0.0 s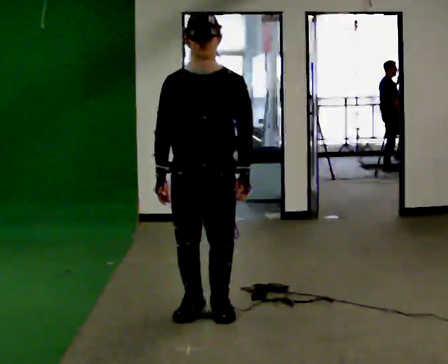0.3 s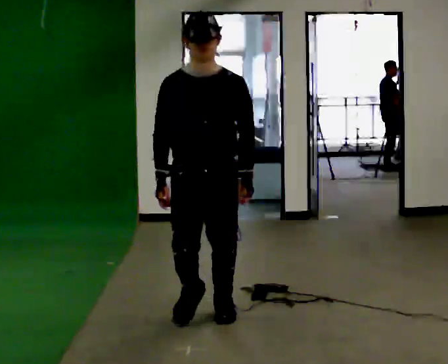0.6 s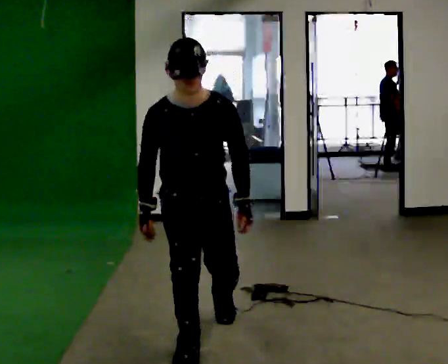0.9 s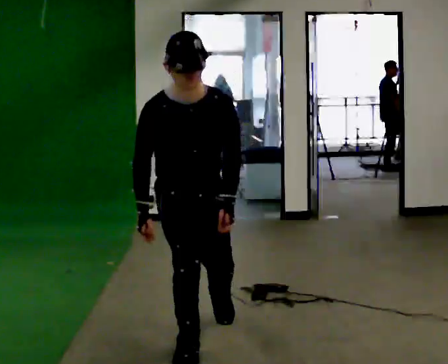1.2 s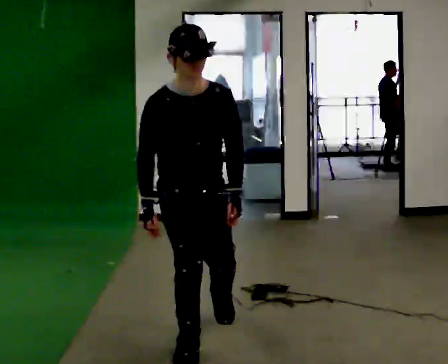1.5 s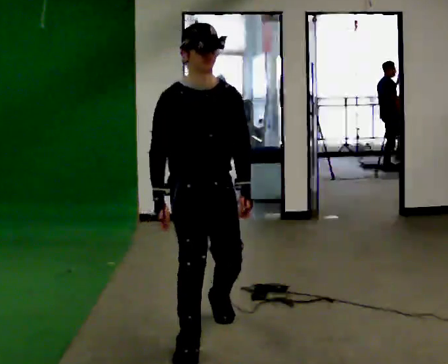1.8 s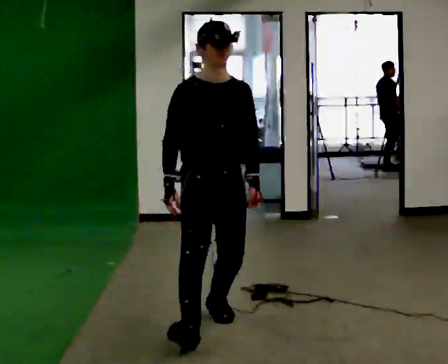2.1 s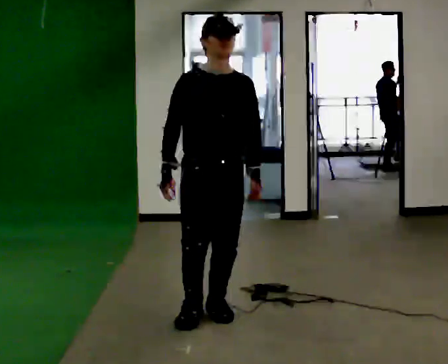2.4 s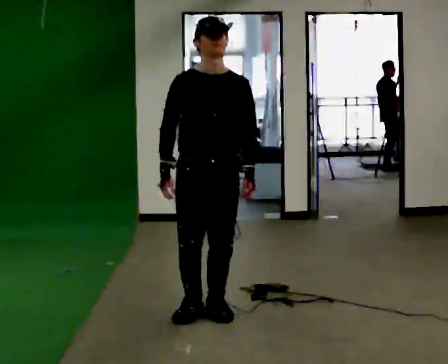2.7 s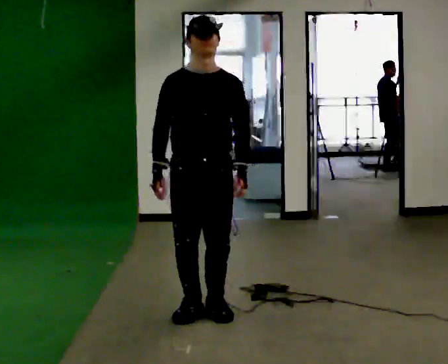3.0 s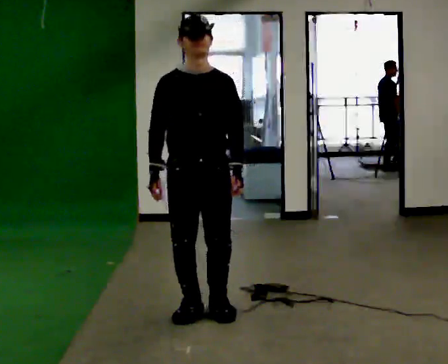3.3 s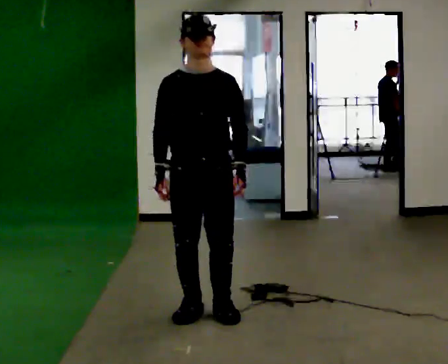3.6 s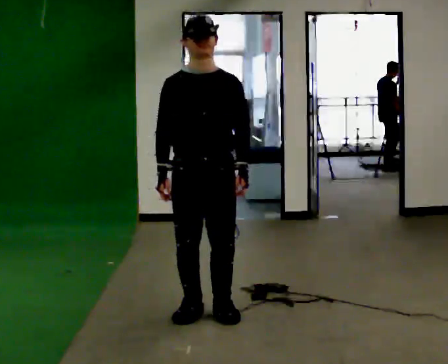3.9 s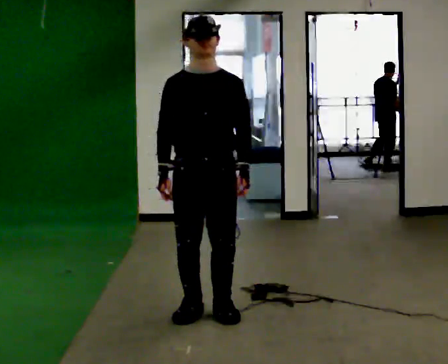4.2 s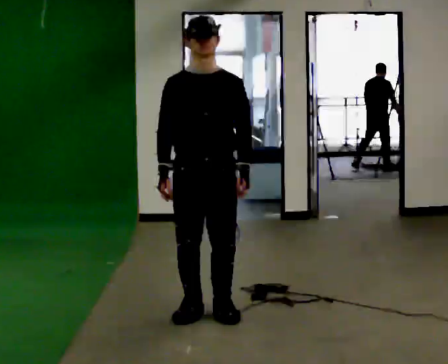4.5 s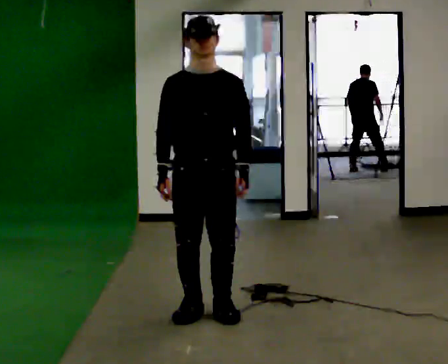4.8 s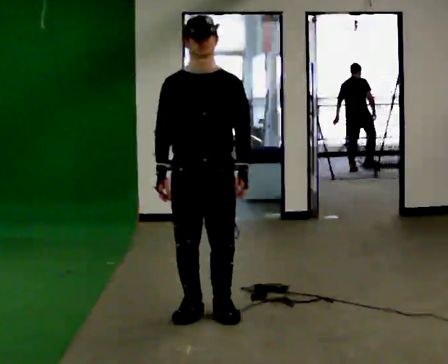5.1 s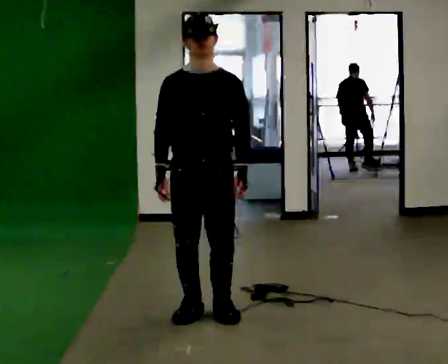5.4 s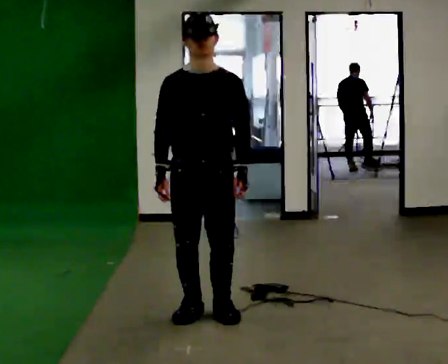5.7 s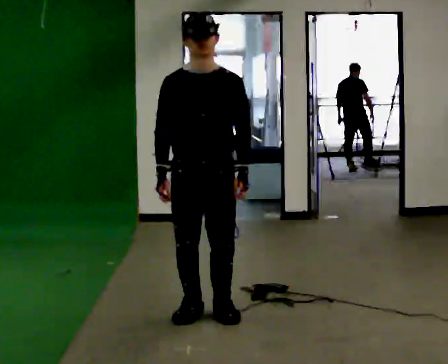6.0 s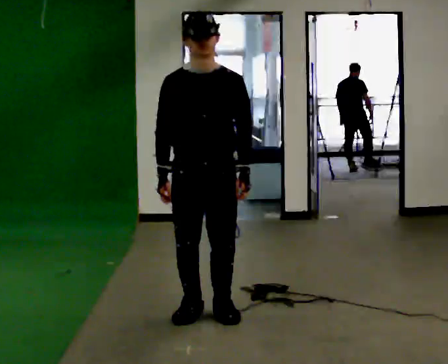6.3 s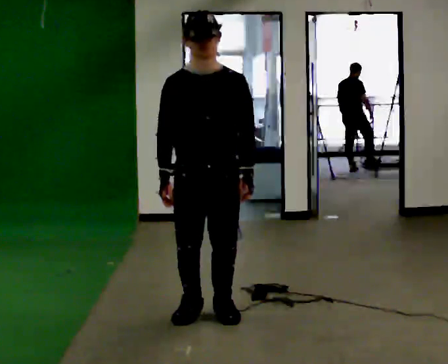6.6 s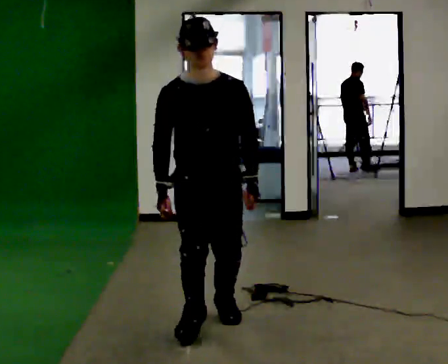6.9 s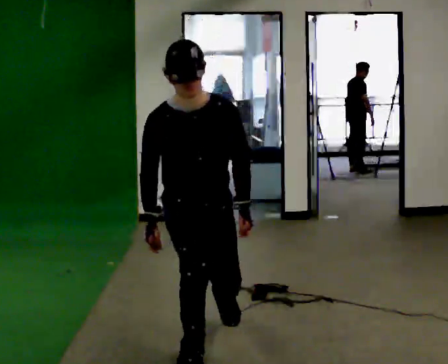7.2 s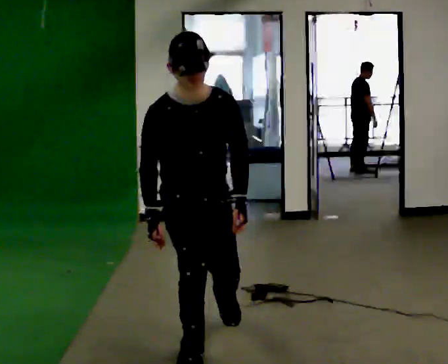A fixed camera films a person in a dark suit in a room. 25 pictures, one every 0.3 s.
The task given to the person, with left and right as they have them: Stand on the marked spots with your feet together. Lean forward from the ankles, keeping your body straight, until you cannot hold it any longer, then step forward to catch yourself. Return to the spots. Repeat at your own pace until the operator says stop. Go slowly and only as far as you are comfortable. Step whenever you need to; do not try to hold on longer than feels safe.
0.0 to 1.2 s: In the picture they go toward the camera, about 0.25 m in 1 step, which for them is forward and to their right.
1.2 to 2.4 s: In the picture they go away from the camera, about 0.5 m in 1 step, which for them is backward and to their left.
2.4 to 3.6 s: The person moves a little, or ends about where they began.
3.6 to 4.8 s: The person keeps their place and pose.
4.8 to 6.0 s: The person moves a little, or ends about where they began.
6.0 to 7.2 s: In the picture they go toward the camera, about 0.5 m in 2 steps, which for them is forward.
The film runs forward here.
